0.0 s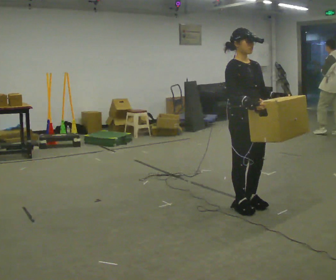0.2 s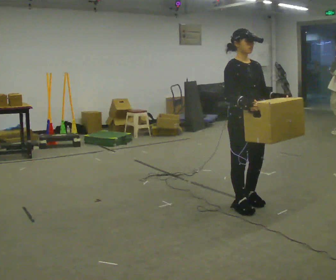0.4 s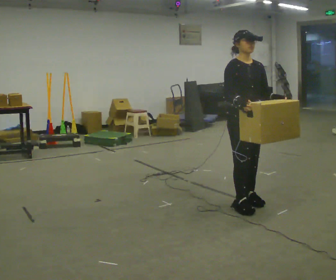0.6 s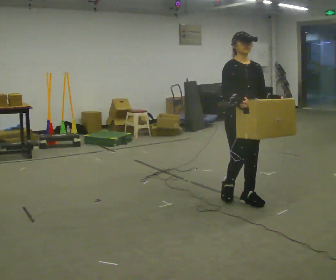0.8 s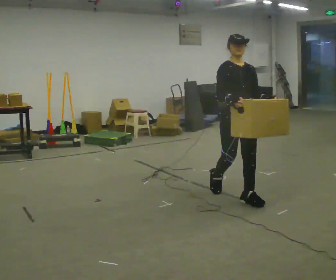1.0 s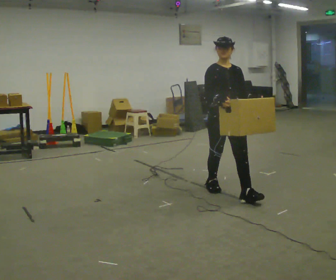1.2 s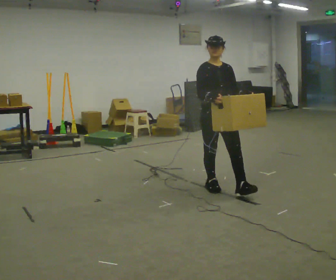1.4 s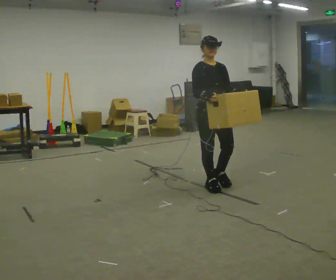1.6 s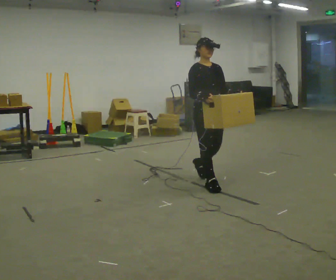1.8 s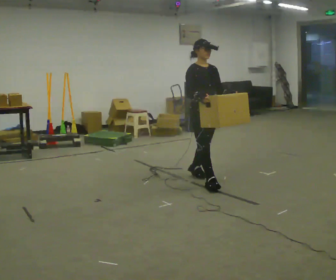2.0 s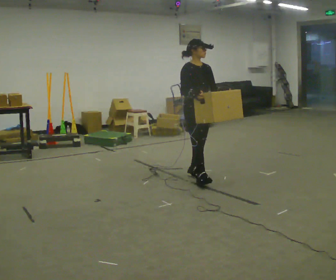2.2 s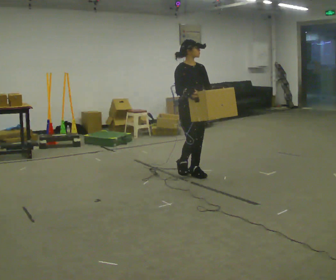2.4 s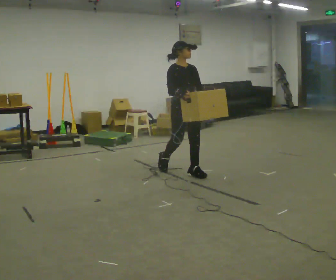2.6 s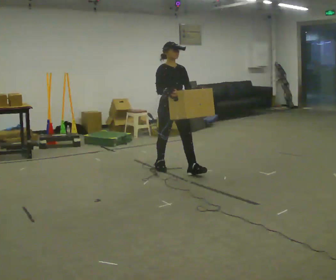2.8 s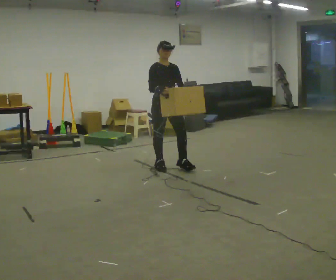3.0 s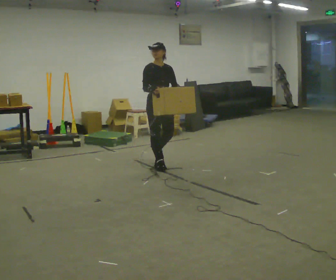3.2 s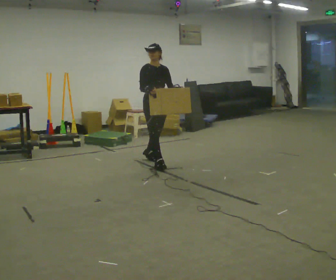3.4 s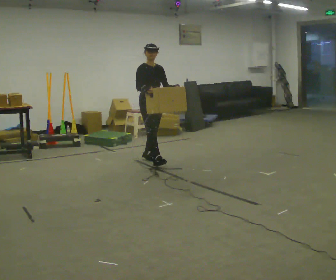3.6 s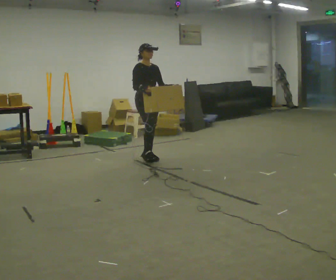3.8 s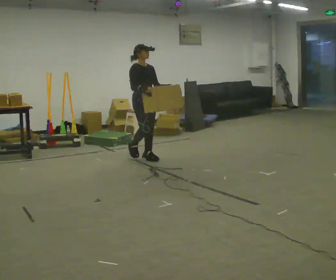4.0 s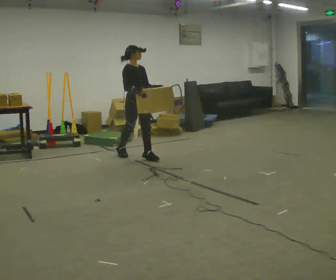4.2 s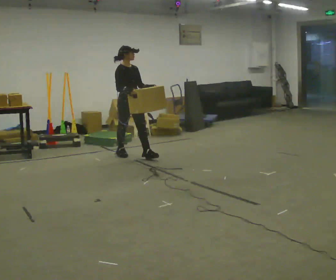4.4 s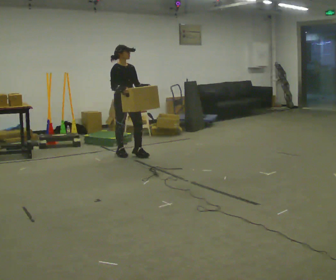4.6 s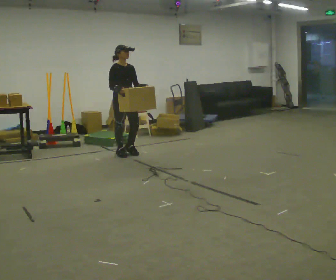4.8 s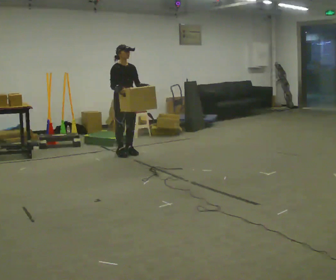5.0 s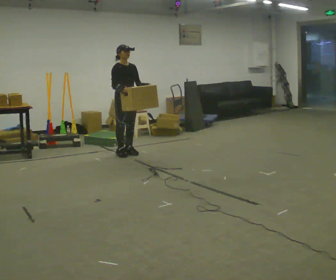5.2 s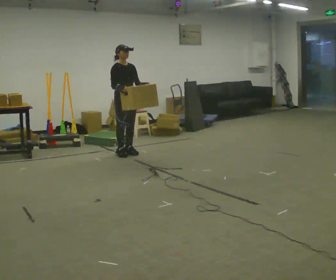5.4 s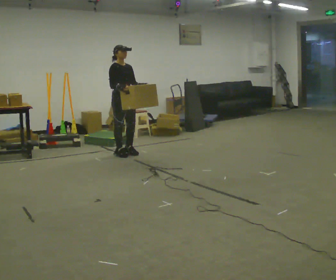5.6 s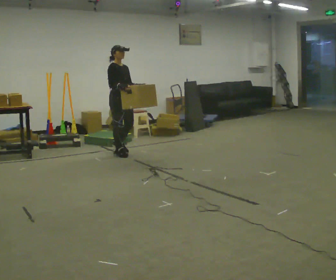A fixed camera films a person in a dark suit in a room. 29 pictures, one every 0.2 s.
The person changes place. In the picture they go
away from the camera.
0.0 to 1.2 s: In the picture they go away from the camera, about 0.5 m in 1 step, which for them is backward.
1.2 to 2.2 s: In the picture they go away from the camera, about 0.75 m in 2 steps, which for them is backward.
2.2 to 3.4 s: In the picture they go away from the camera and to the left, about 1 m in 1 step, which for them is backward.
3.4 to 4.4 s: In the picture they go to the left and away from the camera, about 0.5 m in 2 steps, which for them is backward.
4.4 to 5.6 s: The person moves a little, or ends about where they began.
The film runs backward here.
